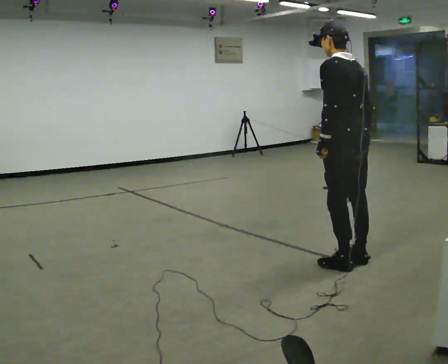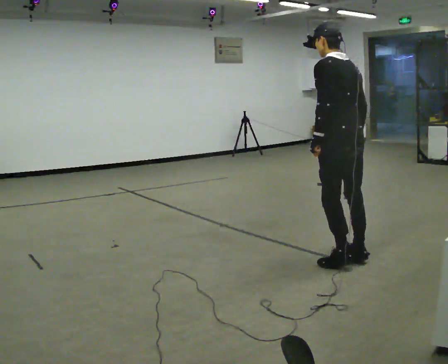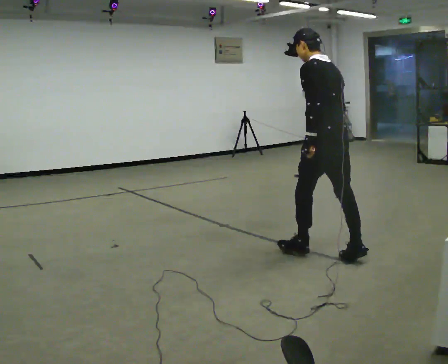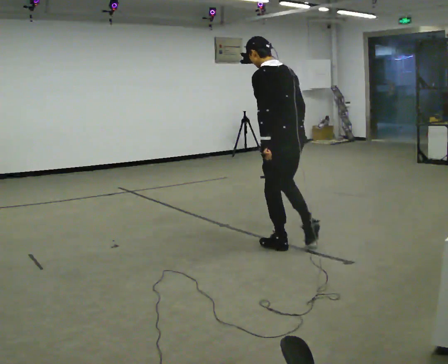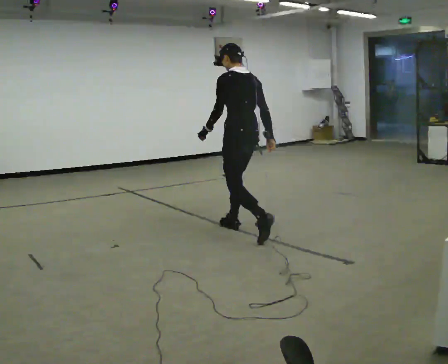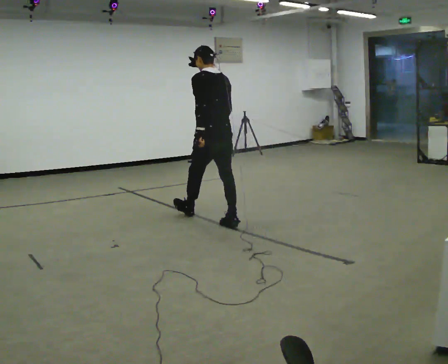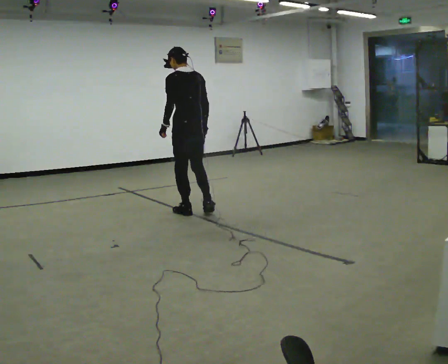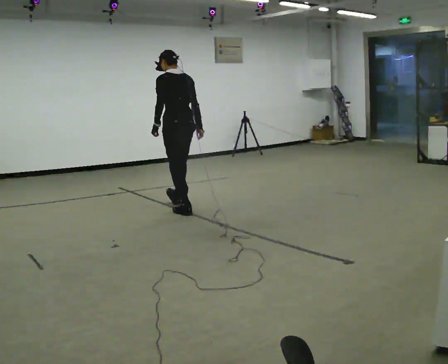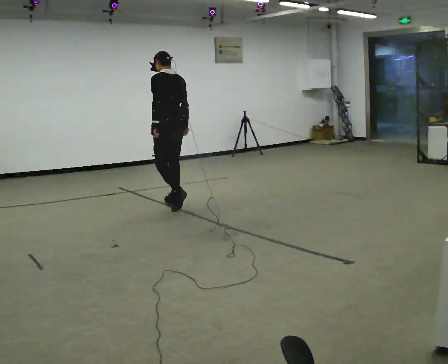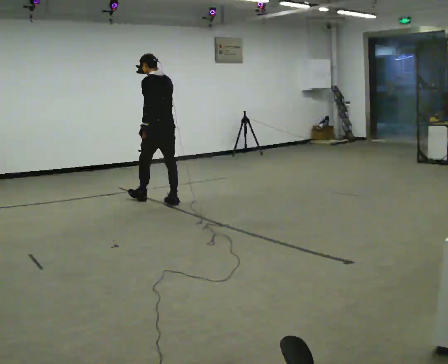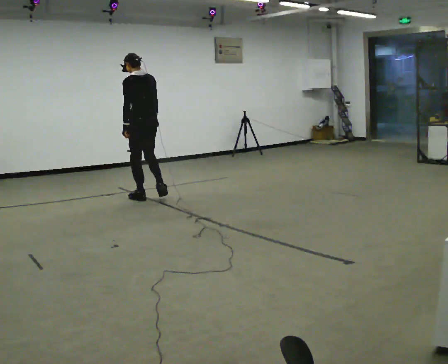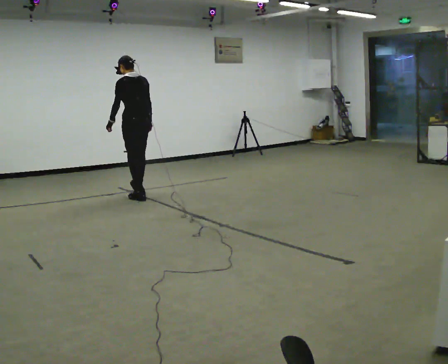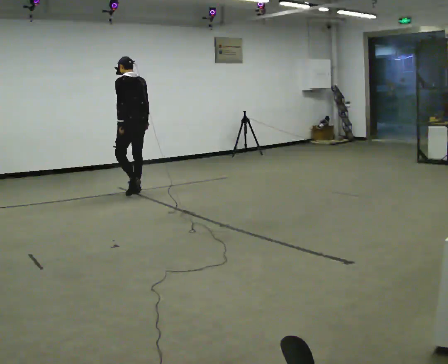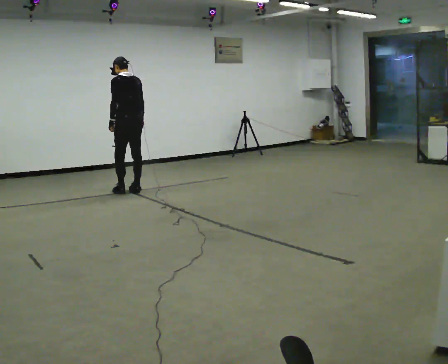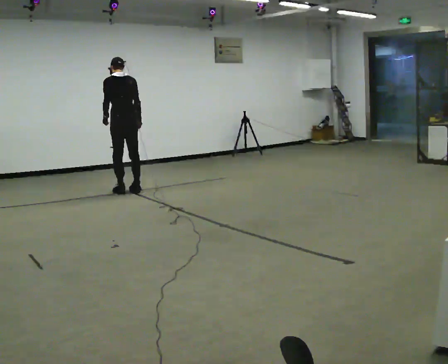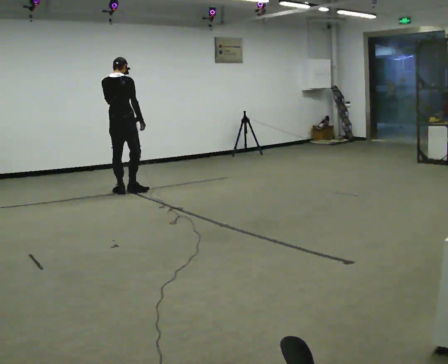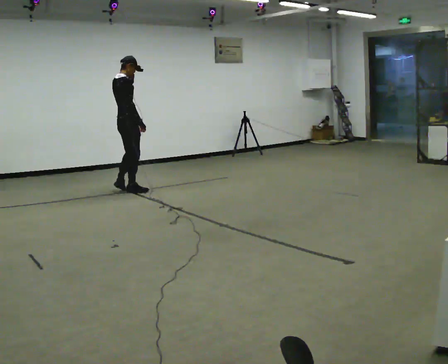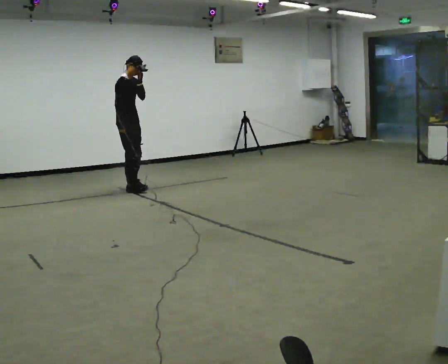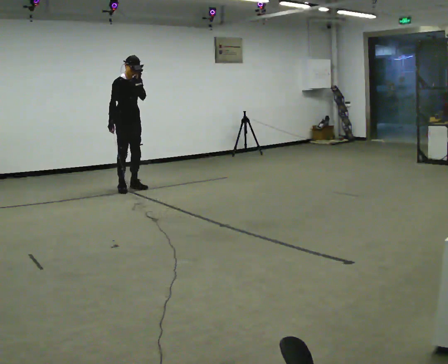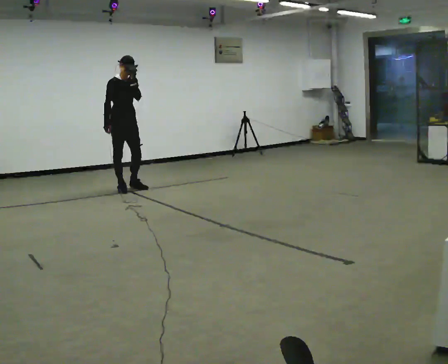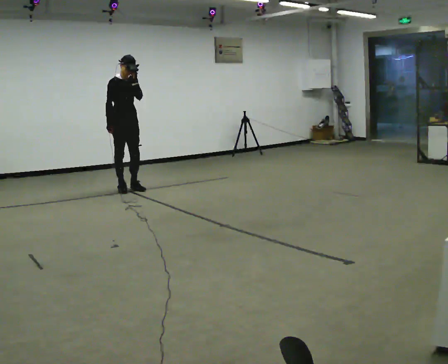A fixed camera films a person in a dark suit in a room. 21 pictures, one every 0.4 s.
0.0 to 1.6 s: In the picture they go away from the camera and to the left, about 1 m in 2 steps, which for them is forward.
1.6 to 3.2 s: In the picture they go away from the camera and to the left, about 1.5 m in 2 steps, which for them is forward.
3.2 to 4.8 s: In the picture they go away from the camera and to the left, about 1 m in 2 steps, which for them is forward.
4.8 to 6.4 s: The part of the body nearest the lens slides to the left as the person turns to their right by about 105 degrees. In the picture they go to the left, about 0.25 m in 1 step. In the picture their left hand goes upward.
6.4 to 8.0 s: The part of the body nearest the lens slides to the left as the person turns to their right by about 90 degrees. In the picture their right hand goes to the left.
The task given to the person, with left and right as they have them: Start at normal speed; gradually slow over several steps; stop gently.
The film runs forward here.
